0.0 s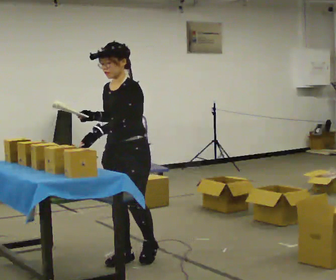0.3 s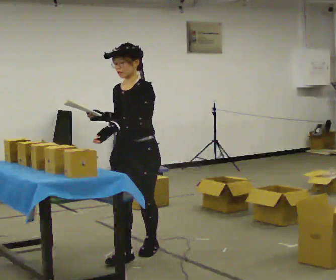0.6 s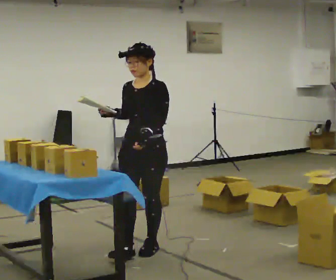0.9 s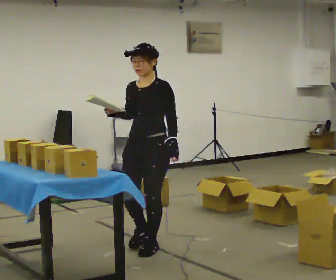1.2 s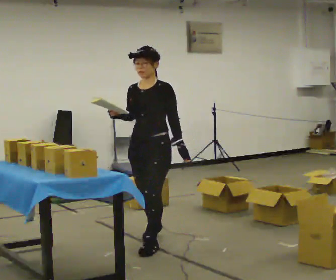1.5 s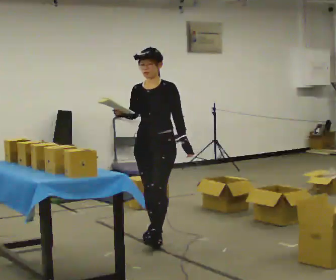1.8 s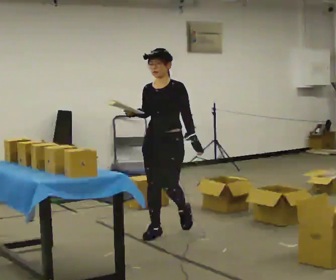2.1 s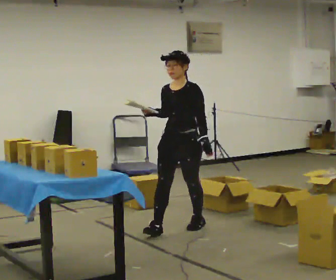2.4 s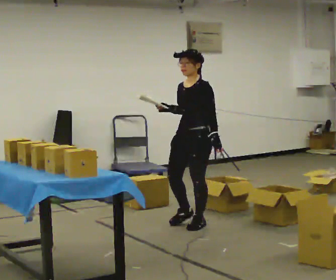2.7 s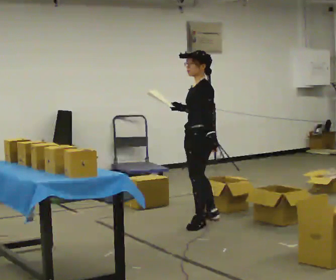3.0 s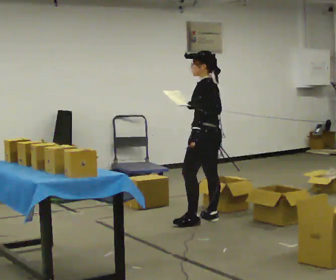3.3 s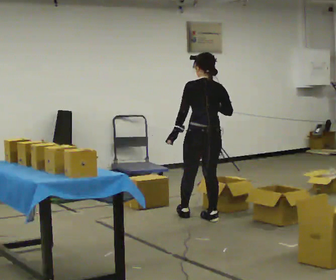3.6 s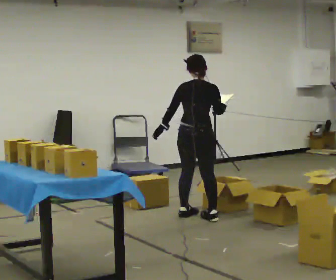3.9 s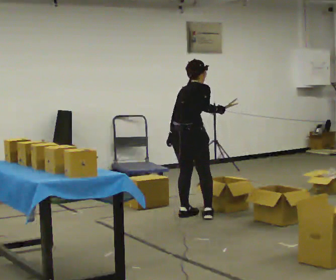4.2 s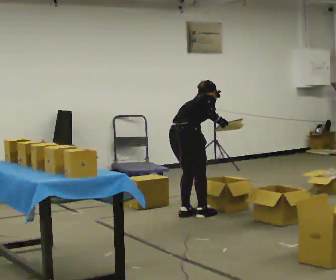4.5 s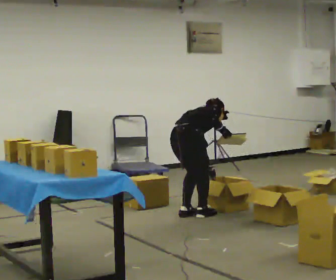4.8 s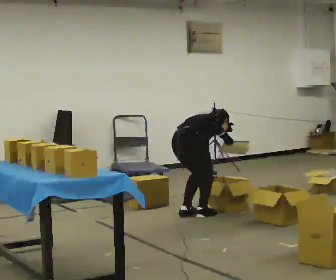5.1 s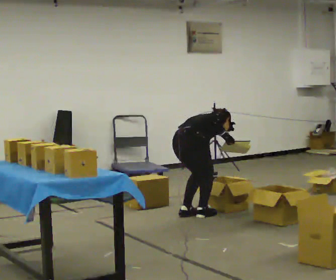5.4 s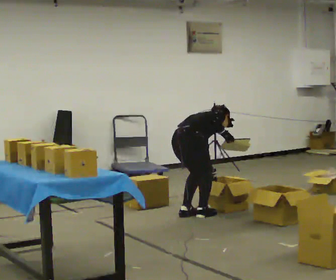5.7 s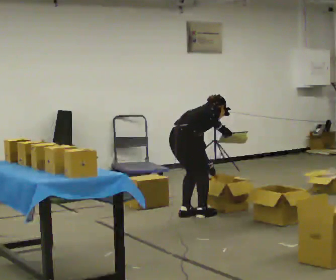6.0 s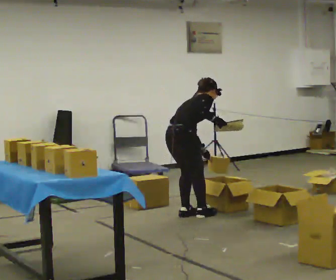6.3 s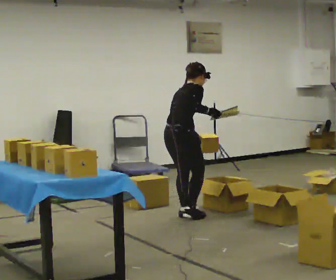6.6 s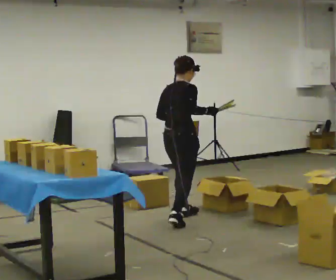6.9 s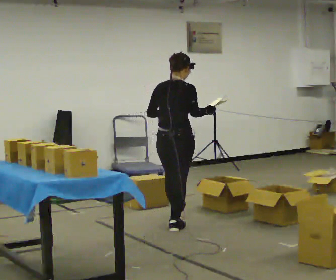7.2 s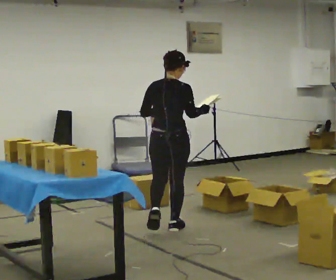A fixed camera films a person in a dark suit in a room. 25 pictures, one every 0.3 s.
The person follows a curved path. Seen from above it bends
counterclockwise.
0.0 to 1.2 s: In the picture they go away from the camera, about 0.5 m in 1 step, which for them is backward.
1.2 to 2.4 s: In the picture they go away from the camera and to the right, about 0.75 m in 2 steps, which for them is backward.
2.4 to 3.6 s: Seen from above the body turns clockwise, about 150 degrees: to their right, with its near side sliding to the left. In the picture they go away from the camera, about 0.25 m in 1 step.
3.6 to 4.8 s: The part of the body nearest the lens slides to the left as the person turns to their right by about 45 degrees. The shoulders move downward. The upper body tips away from the camera, its near side rolling upward, as they bend forward. In the picture their left hand goes downward and to the right, the arm swinging counterclockwise.
4.8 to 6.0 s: The upper body goes upward. The upper body tips toward the camera, its near side rolling downward, as they lean back or straighten.
6.0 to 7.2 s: The person turns about 45 degrees to their left, counterclockwise seen from above, so the part of the body nearest the lens slides to the right. In the picture they go toward the camera, about 0.5 m in 2 steps, which for them is backward and to their right. The upper body tips toward the camera, its near side rolling downward, as they lean back or straighten. In the picture their left hand goes upward.
The film runs backward here.
